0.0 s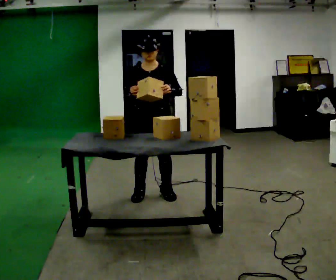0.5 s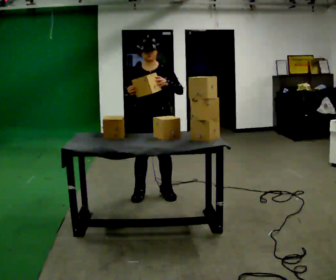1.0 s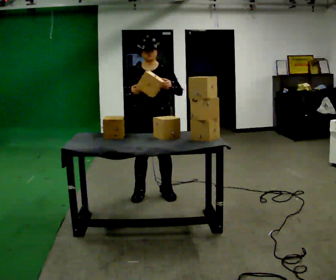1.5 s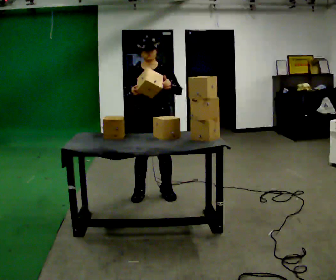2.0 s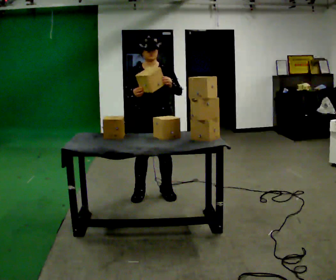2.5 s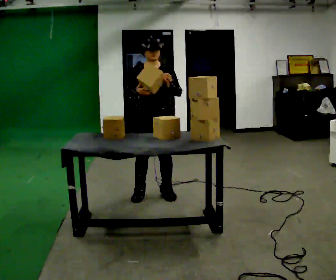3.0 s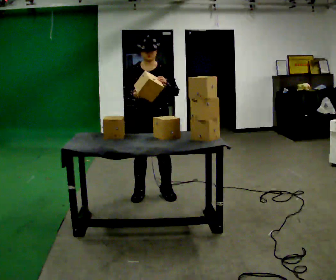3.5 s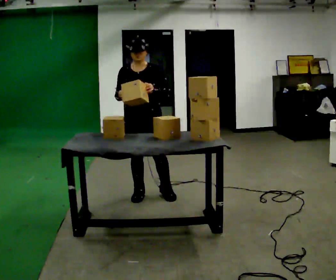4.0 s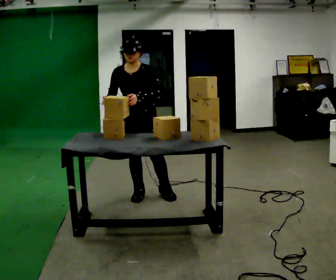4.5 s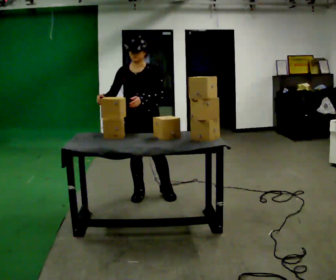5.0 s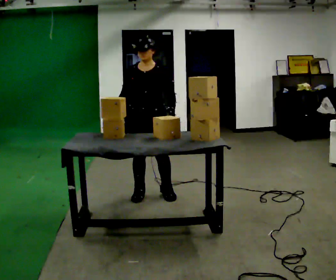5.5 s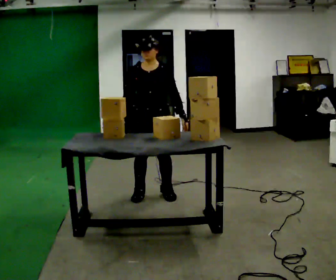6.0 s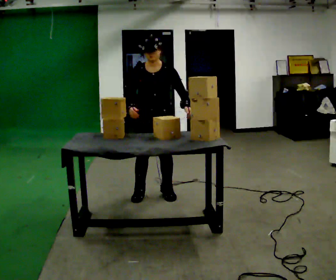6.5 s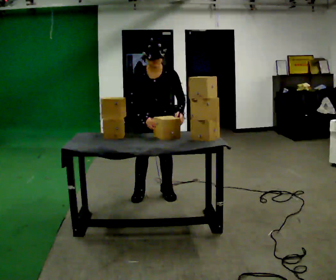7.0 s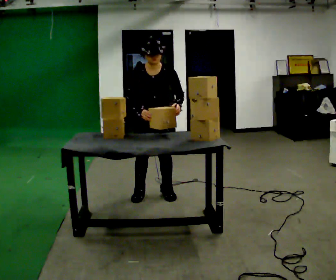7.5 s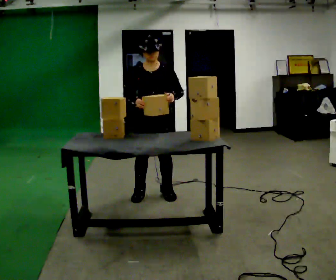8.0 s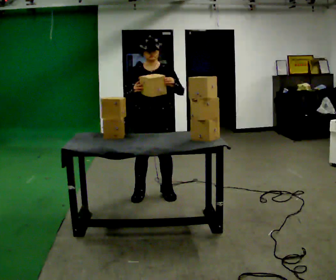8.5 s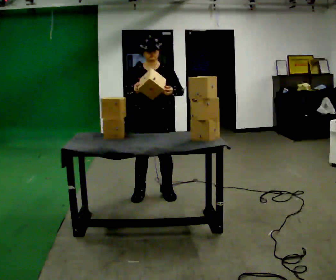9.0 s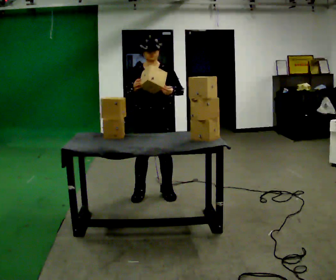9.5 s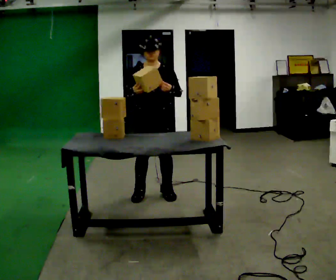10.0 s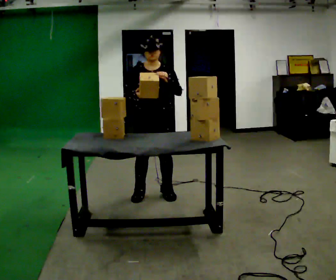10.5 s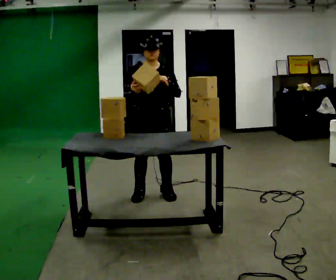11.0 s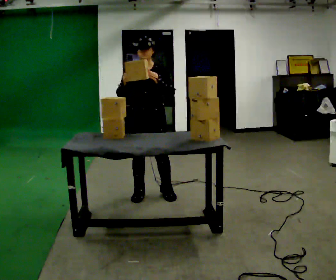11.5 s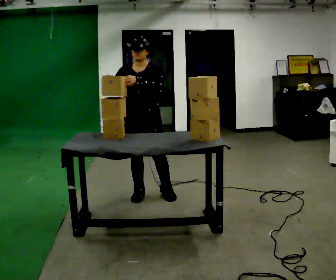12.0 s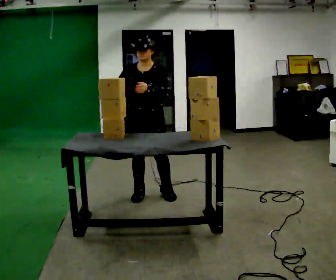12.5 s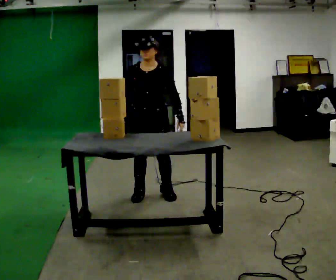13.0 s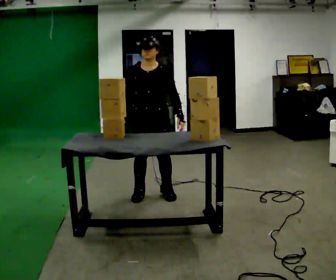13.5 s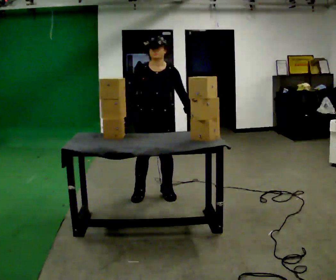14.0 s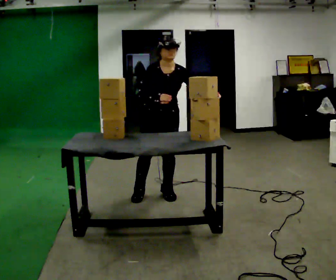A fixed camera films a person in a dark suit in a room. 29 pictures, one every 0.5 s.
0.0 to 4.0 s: The person moves a little, or ends about where they began.
4.0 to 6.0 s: In the picture they go to the right, about 0.25 m, which for them is to their left. In the picture their left hand goes to the right.
6.0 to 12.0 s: In the picture their left hand goes to the left.
12.0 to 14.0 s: In the picture their left hand goes to the right.
The film runs backward here.
